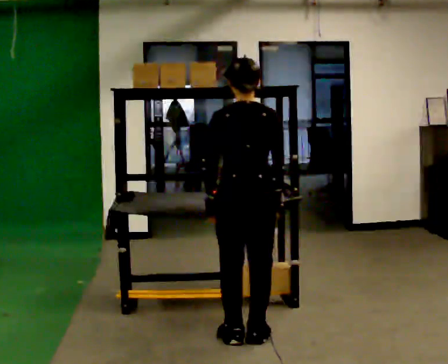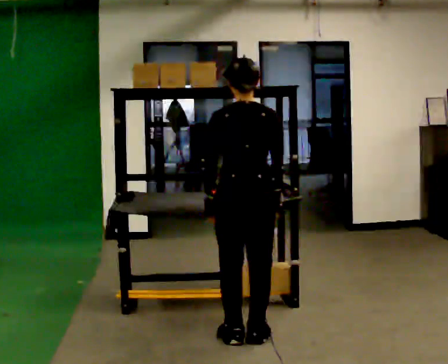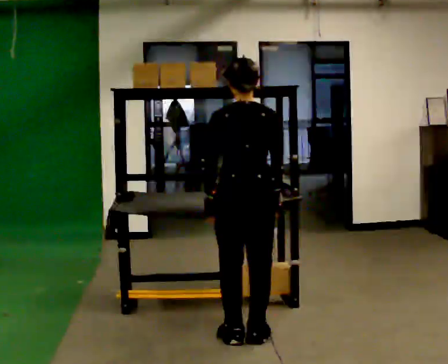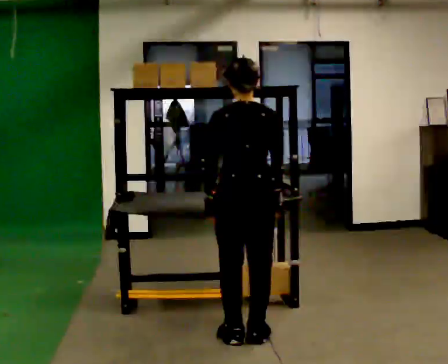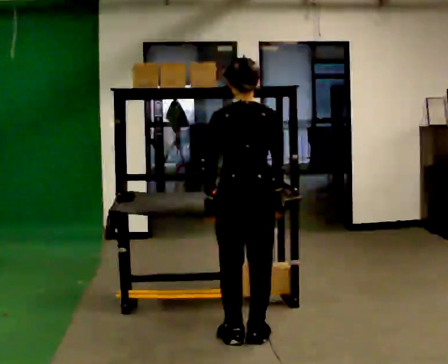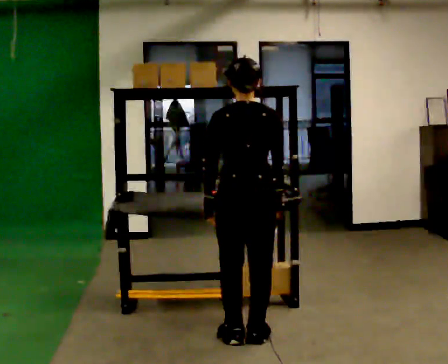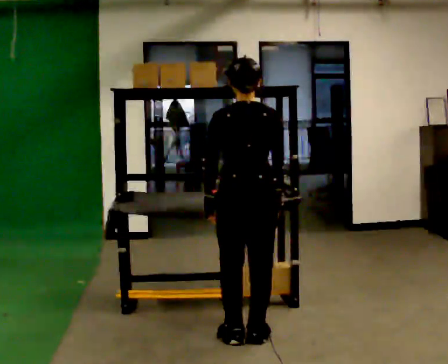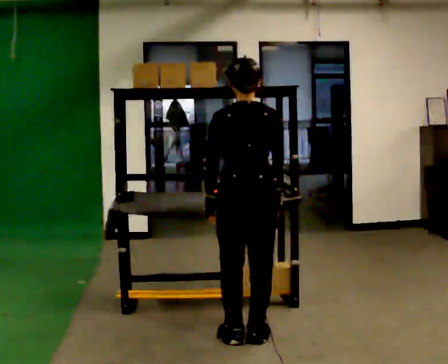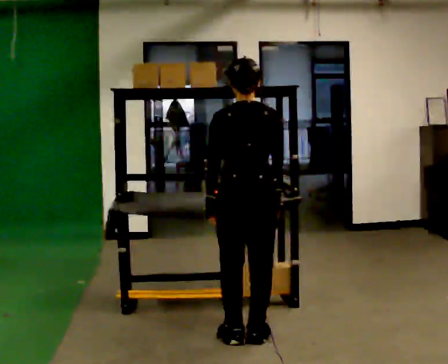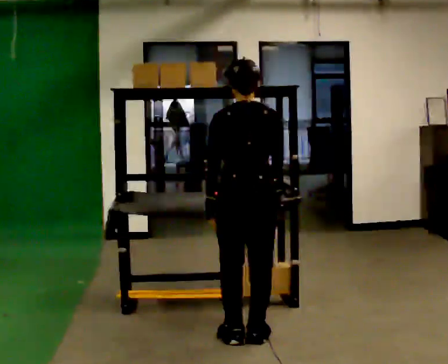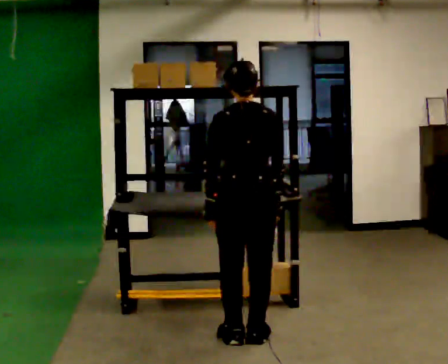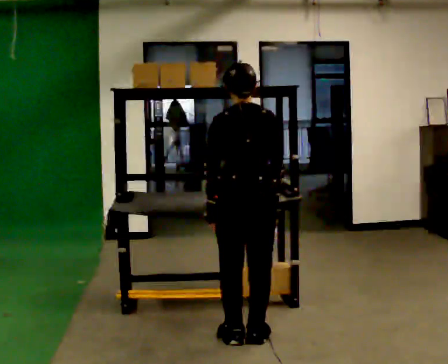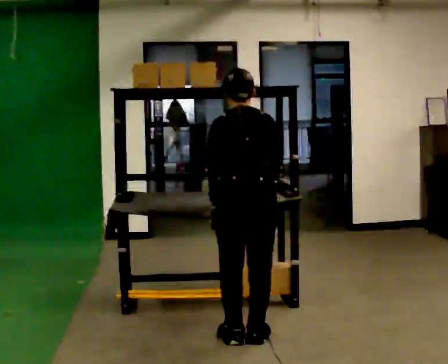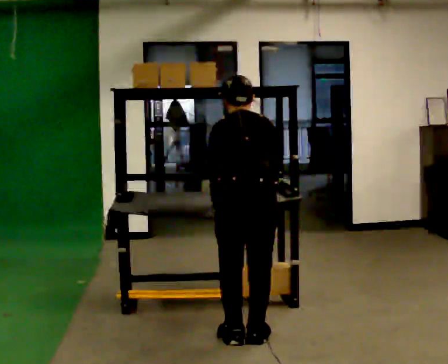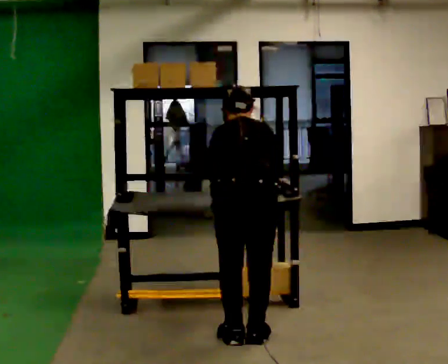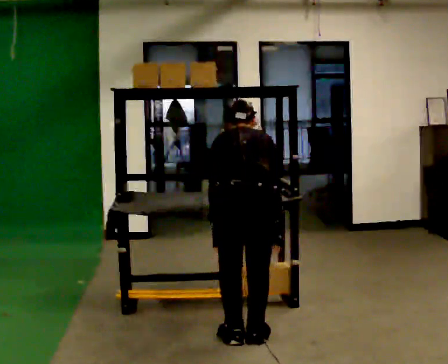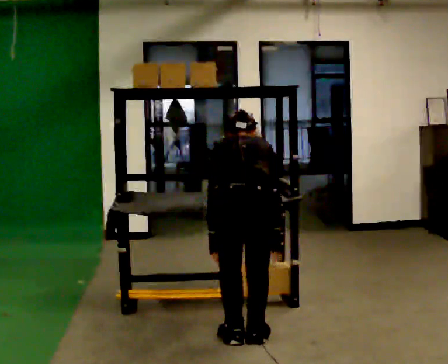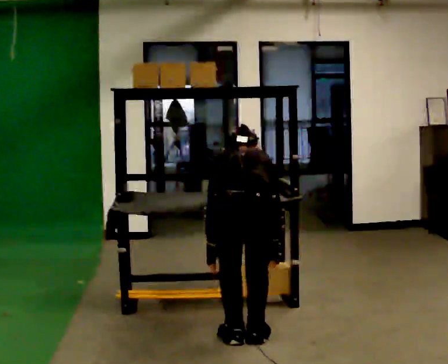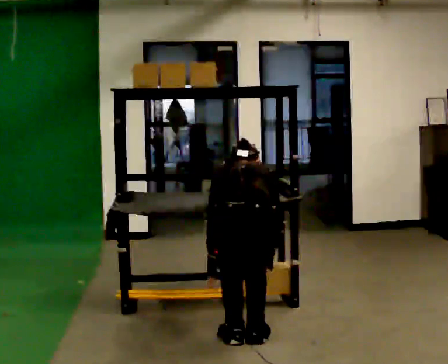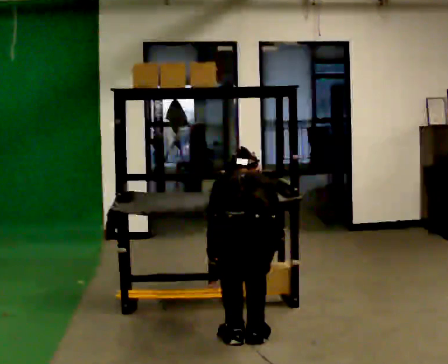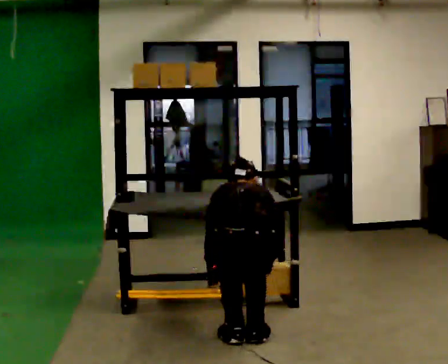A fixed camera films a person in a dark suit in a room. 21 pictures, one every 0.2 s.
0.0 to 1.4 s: The person keeps their place and pose.
1.4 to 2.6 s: The upper body tips away from the camera, its near side rolling upward, as they bend forward.
2.6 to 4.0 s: The shoulders move downward. The upper body tips away from the camera, its near side rolling upward, as they bend forward. In the picture their left hand goes downward.
The film runs backward here.
